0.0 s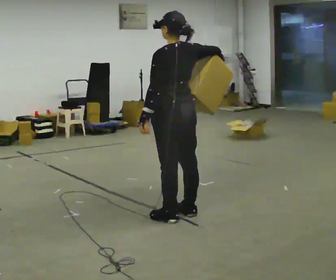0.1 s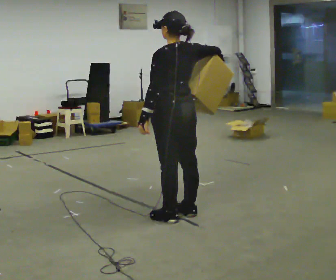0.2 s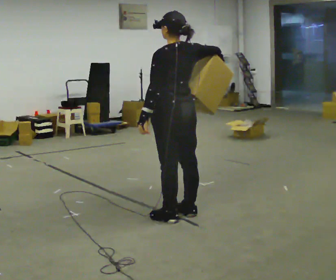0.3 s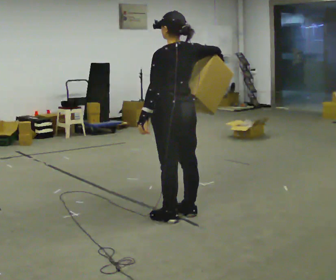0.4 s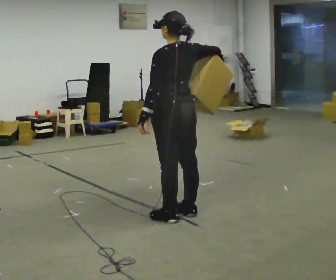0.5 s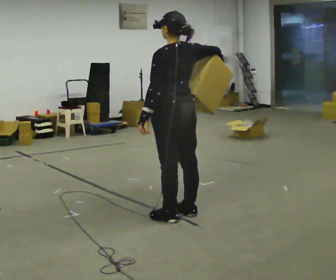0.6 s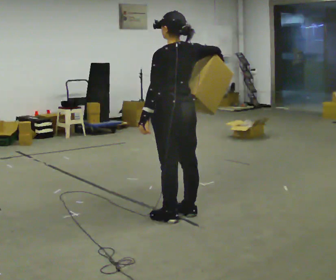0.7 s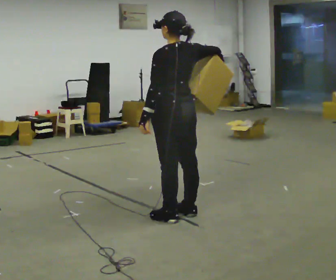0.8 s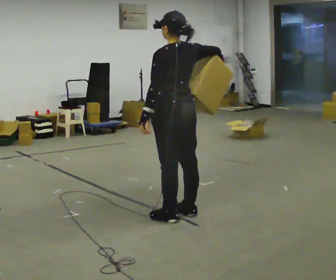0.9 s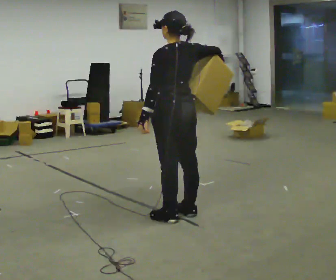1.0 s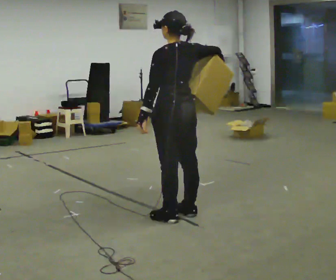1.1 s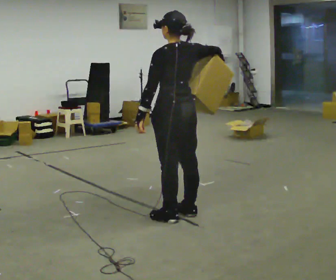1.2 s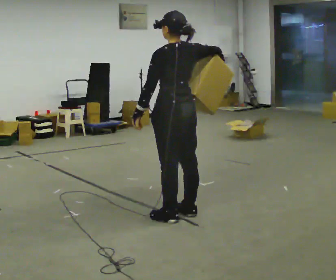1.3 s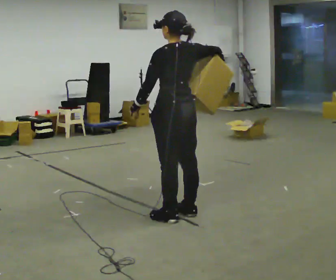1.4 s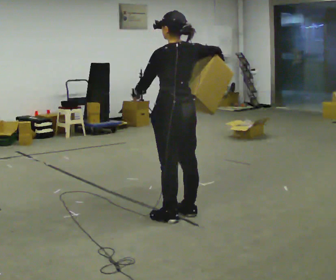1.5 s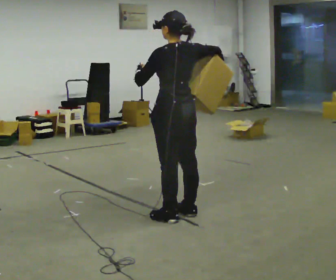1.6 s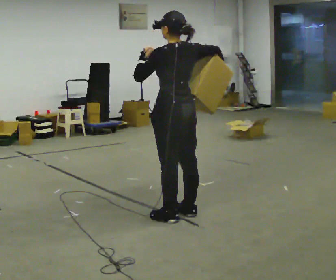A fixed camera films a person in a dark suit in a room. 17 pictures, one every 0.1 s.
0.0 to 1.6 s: In the picture their left hand goes upward, the arm swinging clockwise.
The film runs backward here.
